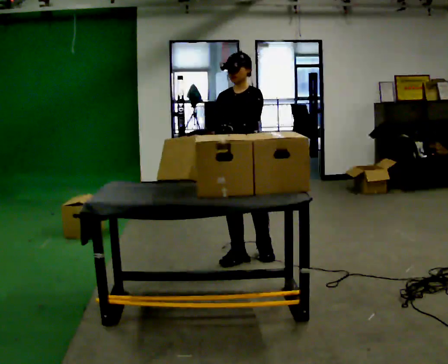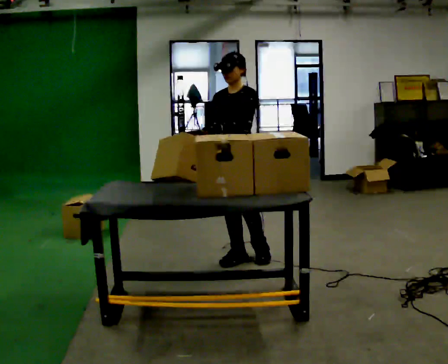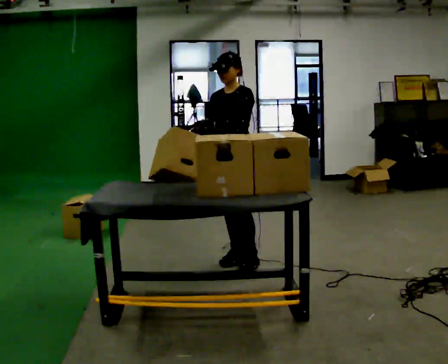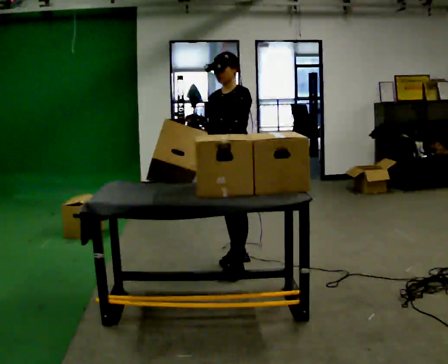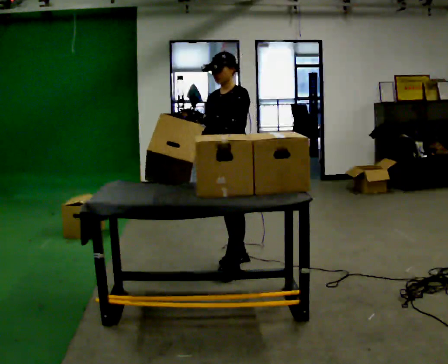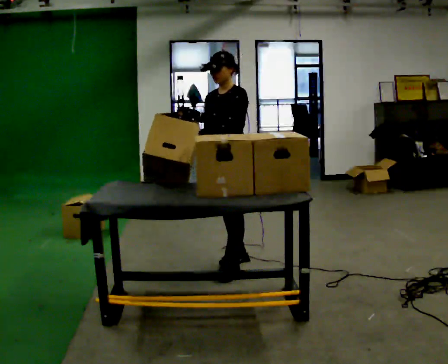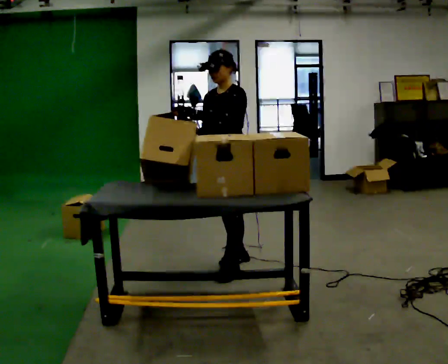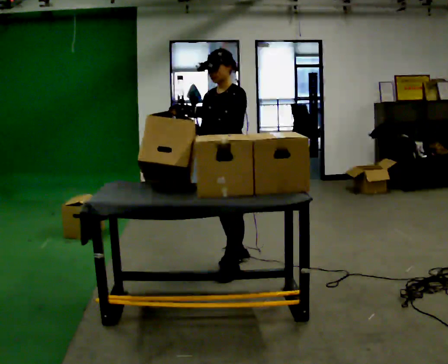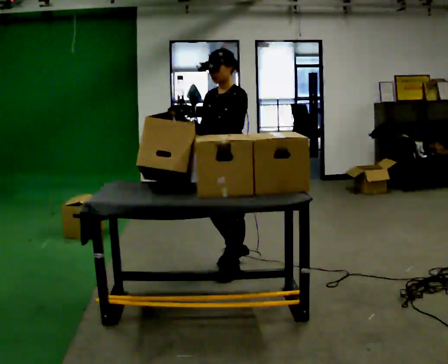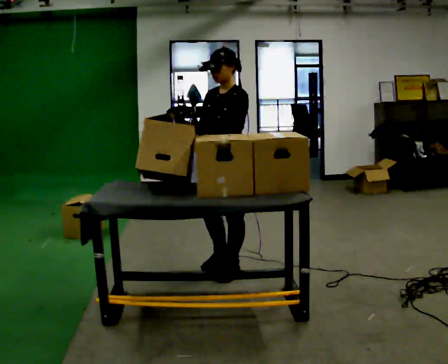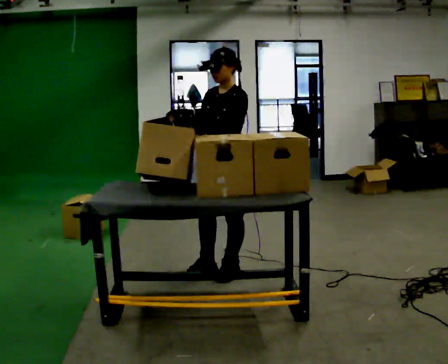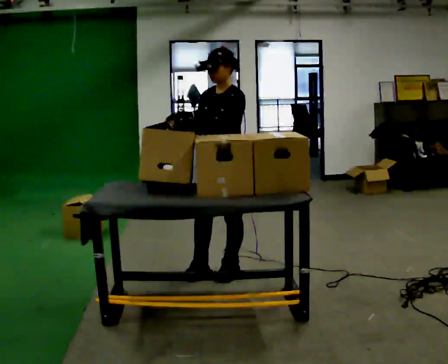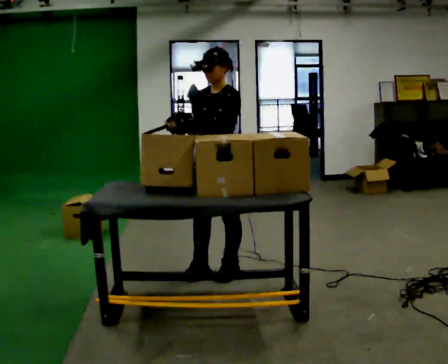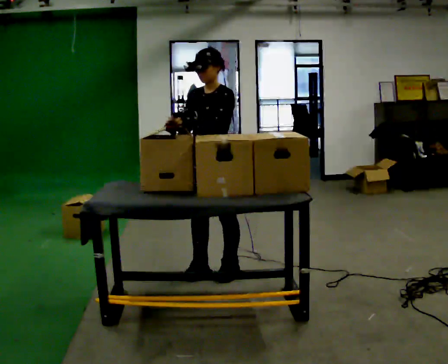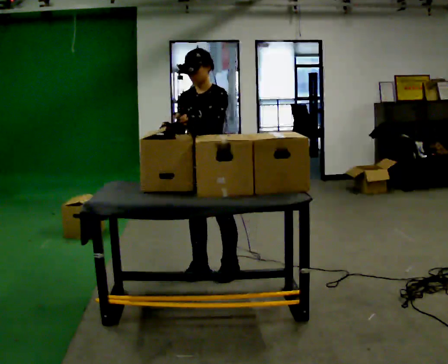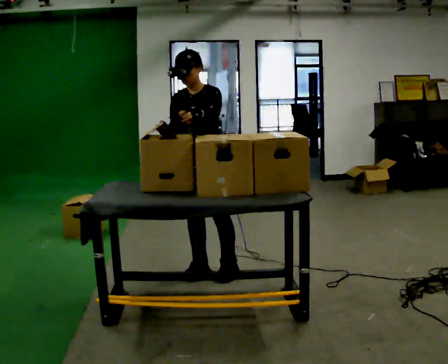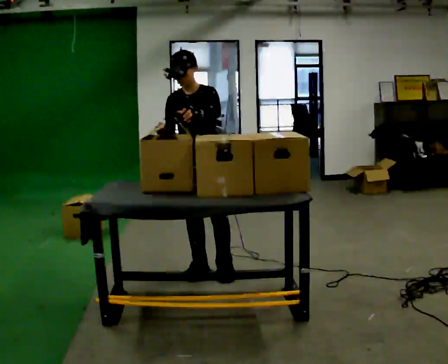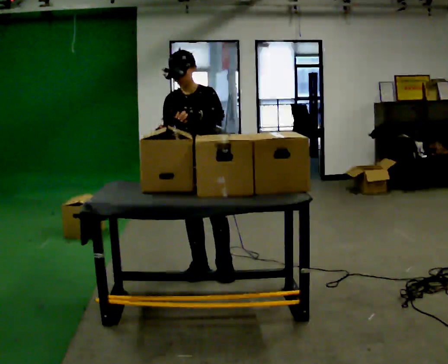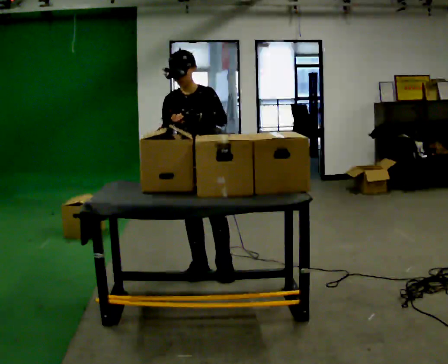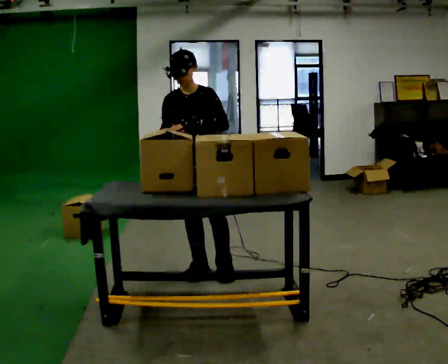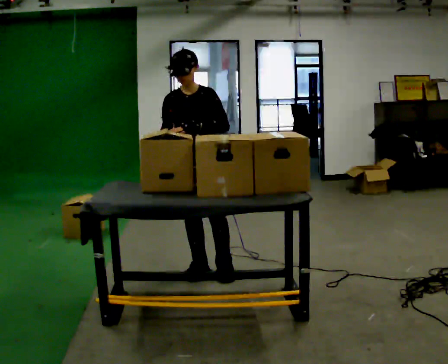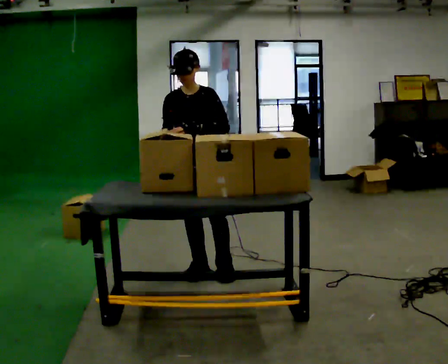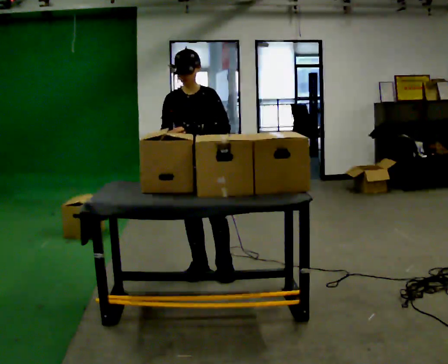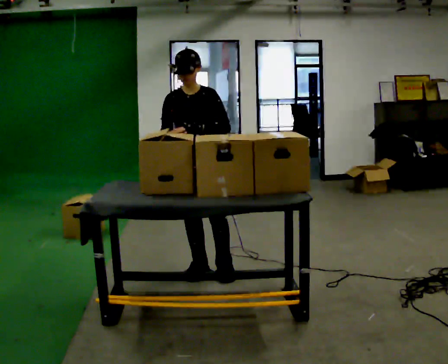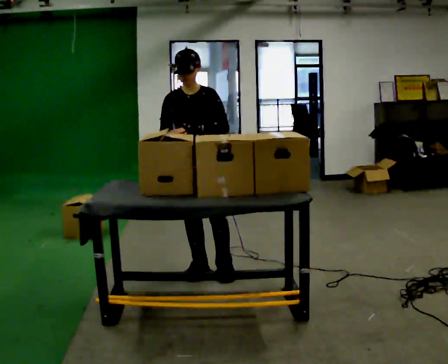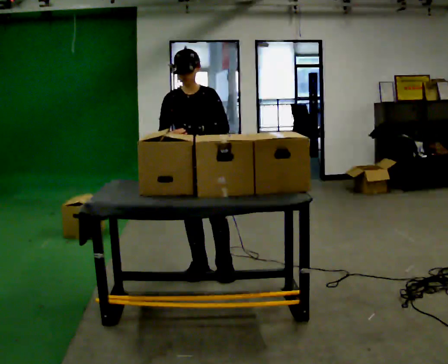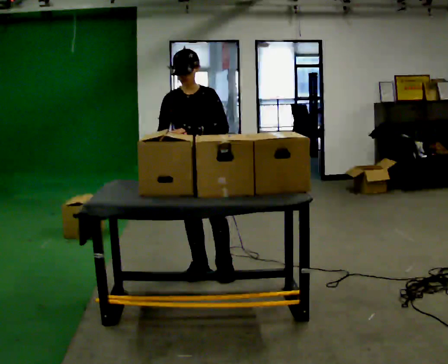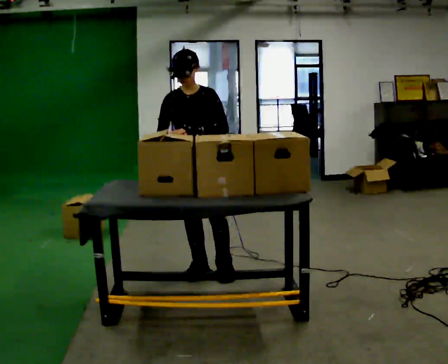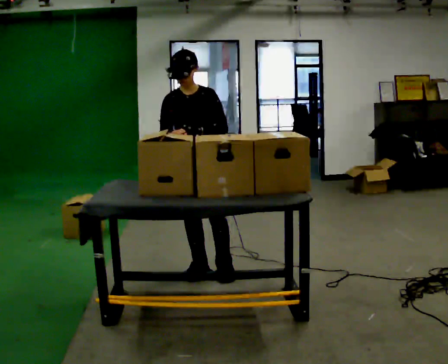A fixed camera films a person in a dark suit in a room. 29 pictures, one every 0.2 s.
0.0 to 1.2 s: In the picture they go toward the camera, about 0.25 m in 1 step, which for them is forward.
1.2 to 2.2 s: The person moves a little, or ends about where they began.
2.2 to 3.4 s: Seen from above the body turns counterclockwise, about 30 degrees: to their left, with its near side sliding to the right. In the picture they go to the left, about 0.25 m, which for them is to their right.
3.4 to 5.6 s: The person moves a little, or ends about where they began.
The film runs forward here.
